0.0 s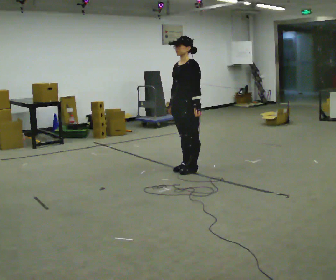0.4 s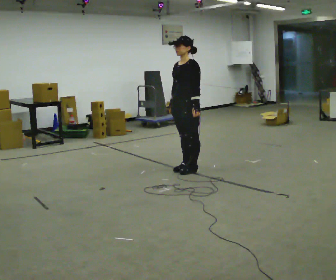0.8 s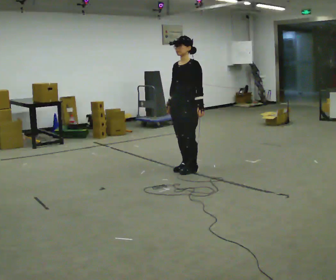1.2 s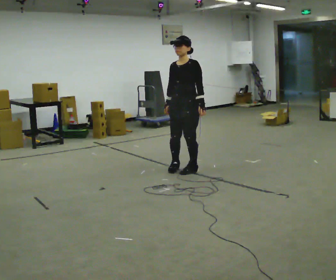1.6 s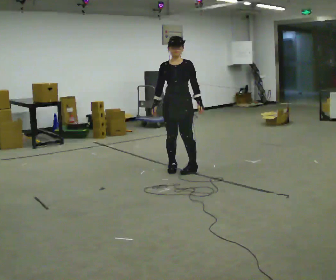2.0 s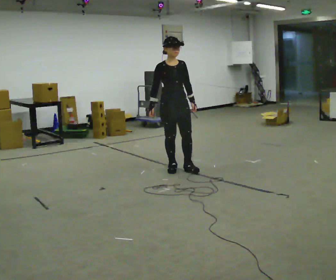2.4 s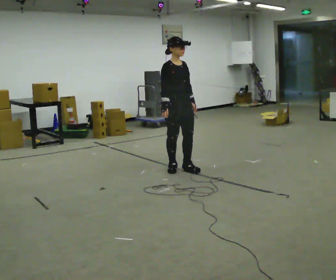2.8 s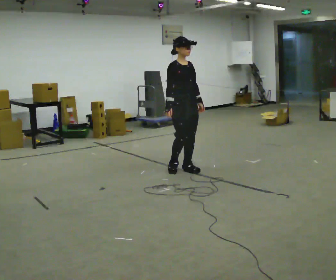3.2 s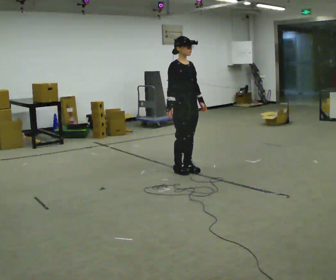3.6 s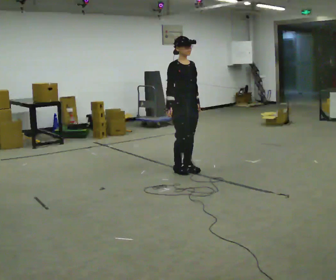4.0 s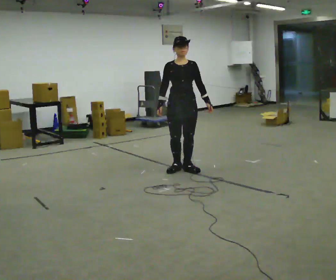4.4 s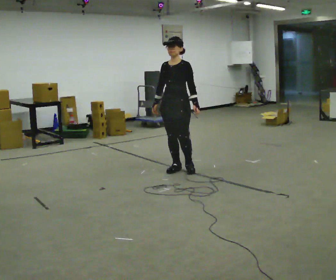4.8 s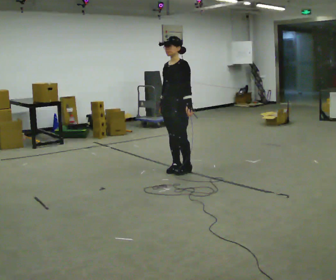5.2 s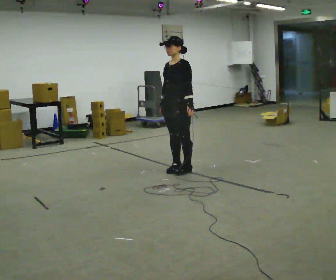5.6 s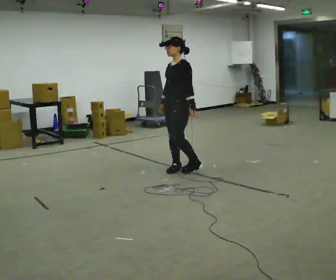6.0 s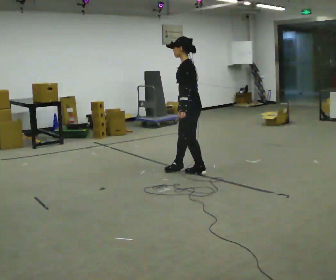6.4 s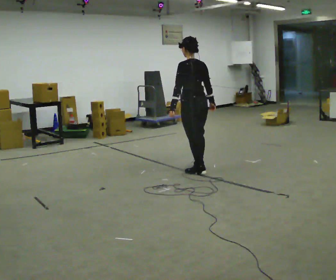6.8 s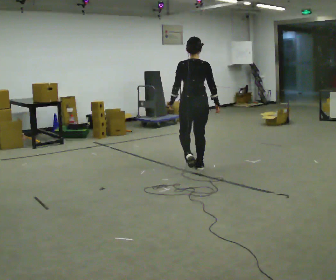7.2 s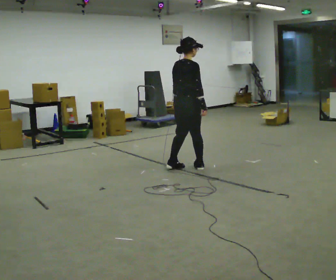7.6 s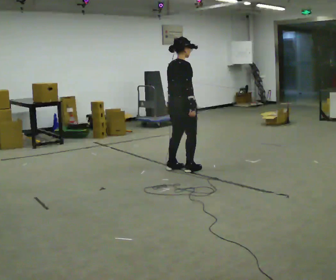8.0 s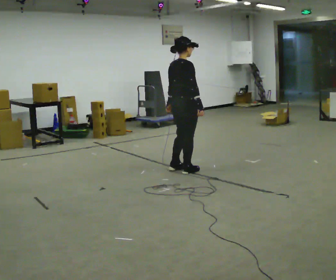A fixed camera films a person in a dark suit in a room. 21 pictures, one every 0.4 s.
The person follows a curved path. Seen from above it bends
counterclockwise.
0.0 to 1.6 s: The part of the body nearest the lens slides to the right as the person turns to their left by about 45 degrees.
1.6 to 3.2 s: The part of the body nearest the lens slides to the right as the person turns to their left by about 45 degrees.
3.2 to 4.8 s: The part of the body nearest the lens slides to the left as the person turns to their right by about 90 degrees.
4.8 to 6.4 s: Seen from above the body turns clockwise, about 105 degrees: to their right, with its near side sliding to the left. In the picture they go to the right, about 0.25 m in 2 steps. In the picture their right hand goes to the right, the arm swinging counterclockwise.
6.4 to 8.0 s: The person turns about 90 degrees to their right, clockwise seen from above, so the part of the body nearest the lens slides to the left. In the picture they go to the left, about 0.25 m in 2 steps.
The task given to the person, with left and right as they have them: Turn on the spot to face the direction the operator calls, then stand still. The operator will call 90, 180 and 360 degrees and left or right.
The film runs forward here.
